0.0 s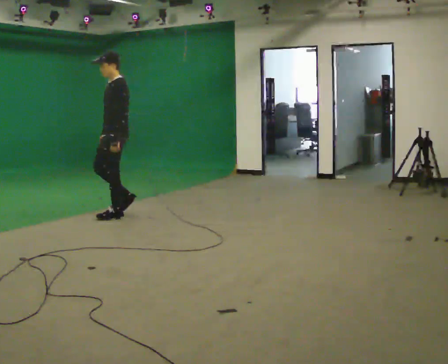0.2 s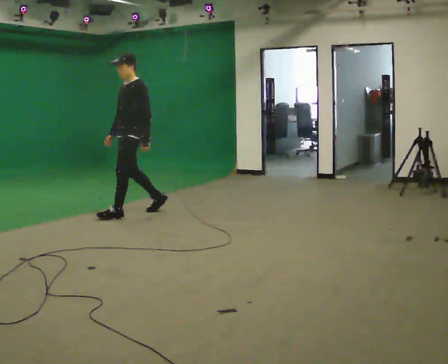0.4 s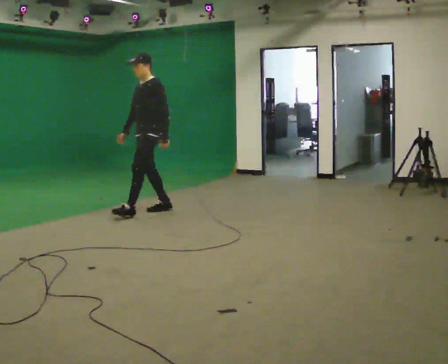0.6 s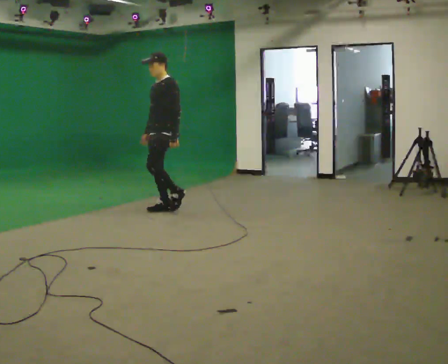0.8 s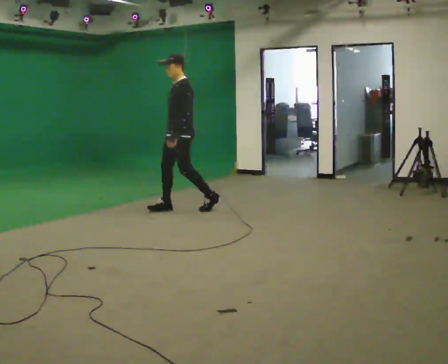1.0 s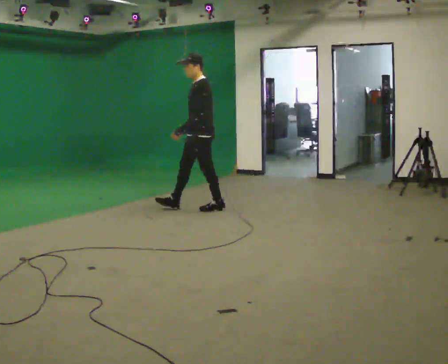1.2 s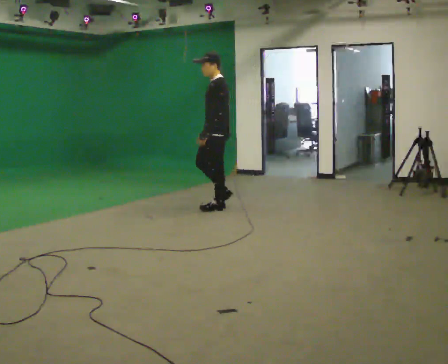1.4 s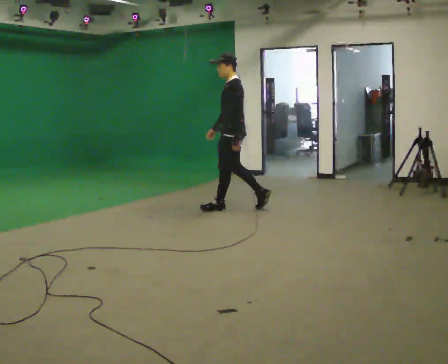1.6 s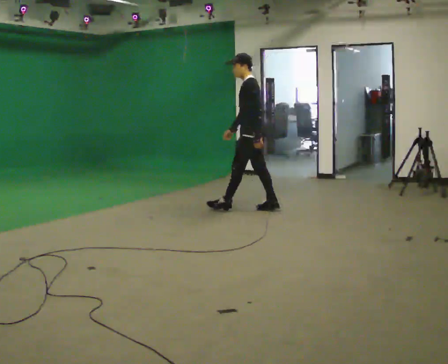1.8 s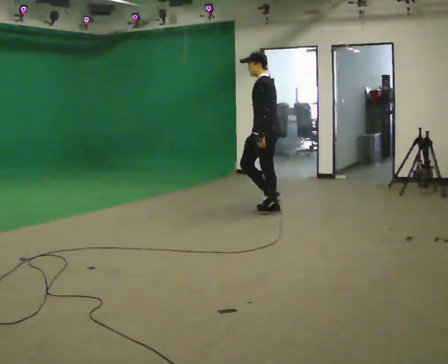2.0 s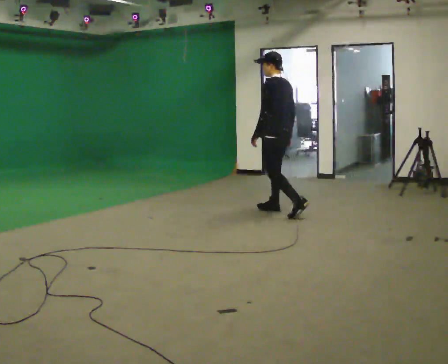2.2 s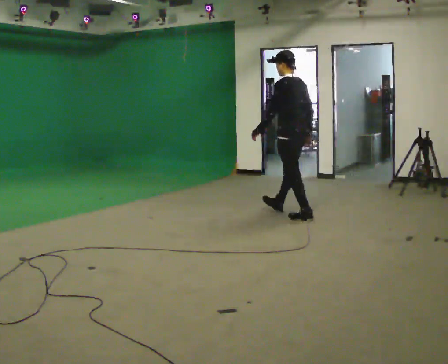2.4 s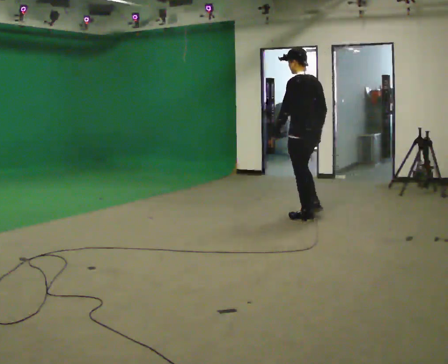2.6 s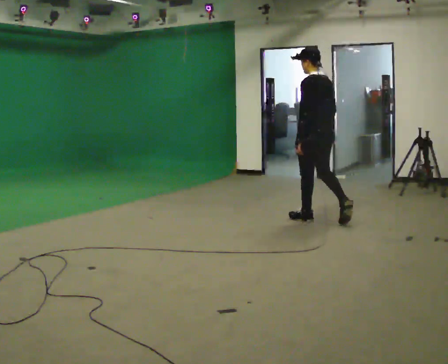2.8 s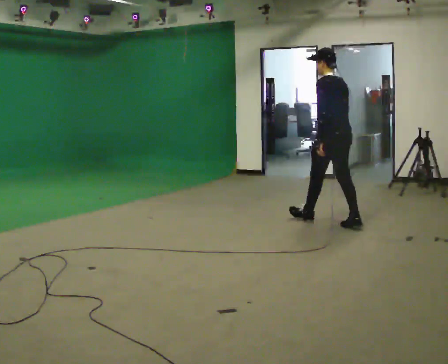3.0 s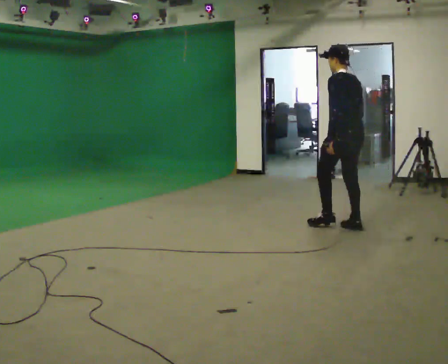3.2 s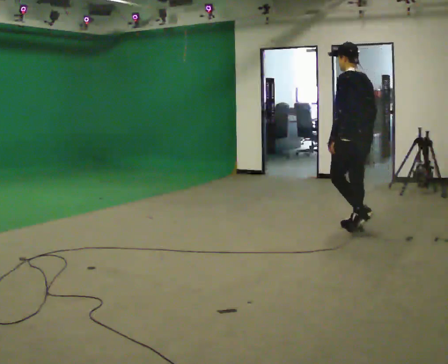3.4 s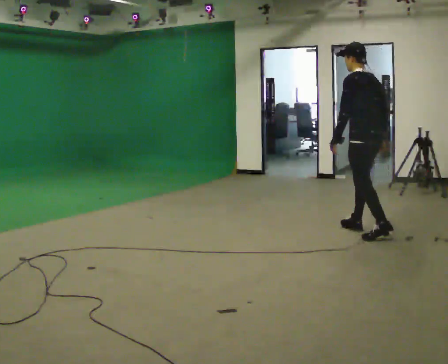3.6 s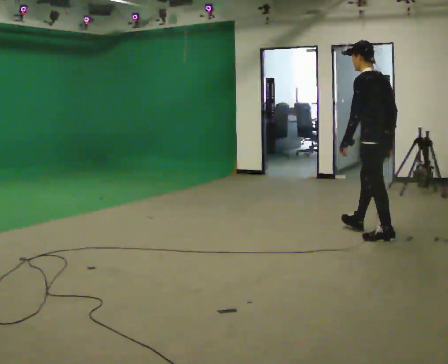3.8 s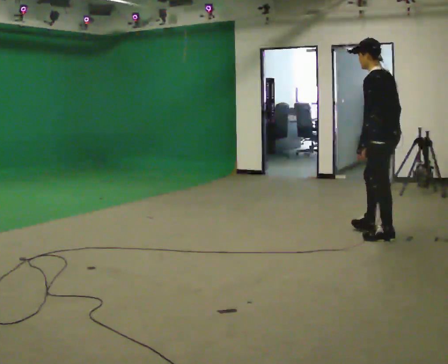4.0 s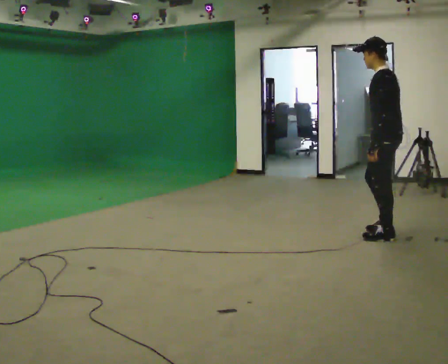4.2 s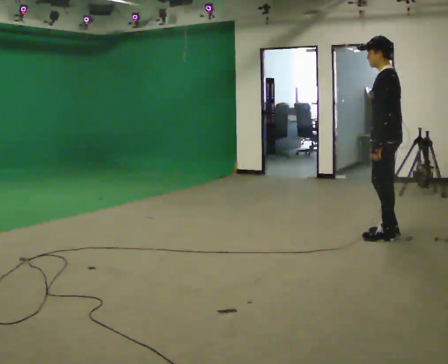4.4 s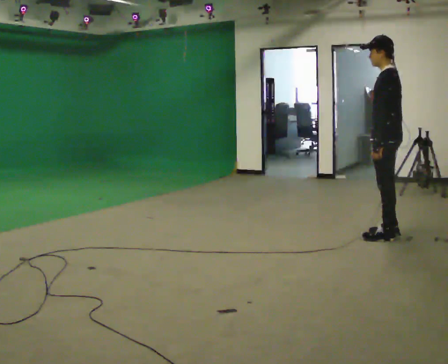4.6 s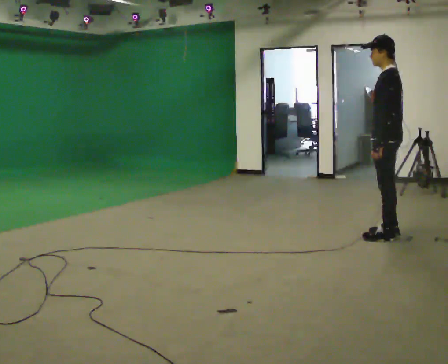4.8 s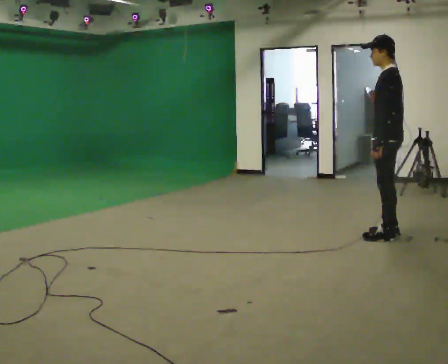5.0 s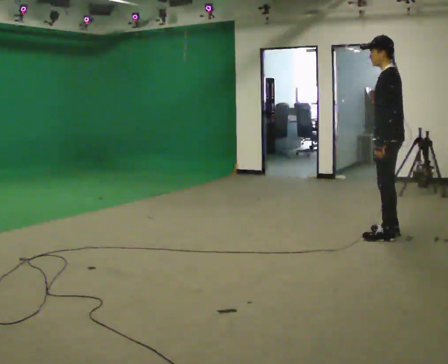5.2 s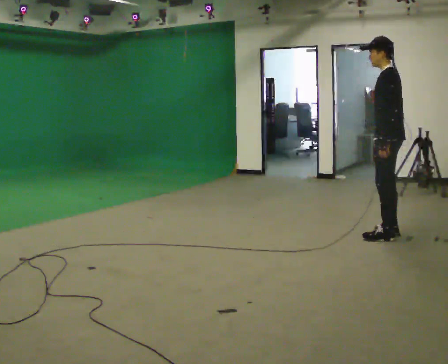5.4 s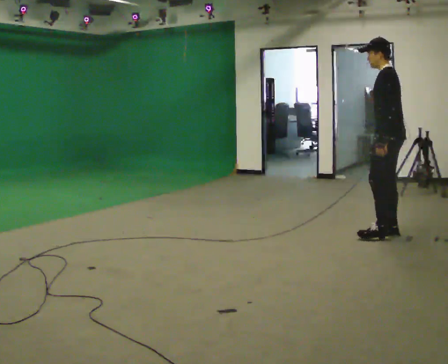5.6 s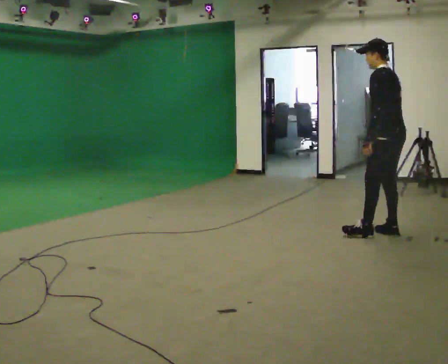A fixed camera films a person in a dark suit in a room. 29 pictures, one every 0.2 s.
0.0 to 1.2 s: In the picture they go to the right and away from the camera, about 1 m in 2 steps, which for them is backward.
1.2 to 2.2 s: The person turns about 60 degrees to their right, clockwise seen from above, so the part of the body nearest the lens slides to the left. In the picture they go to the right, about 1 m in 2 steps, which for them is backward.
2.2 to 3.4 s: In the picture they go to the right and toward the camera, about 1 m in 1 step, which for them is backward.
3.4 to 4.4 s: The part of the body nearest the lens slides to the right as the person turns to their left by about 30 degrees. In the picture they go toward the camera and to the right, about 0.25 m in 1 step, which for them is backward and to their left.
4.4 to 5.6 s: The person moves a little, or ends about where they began.
The film runs backward here.
